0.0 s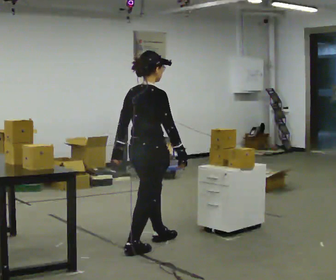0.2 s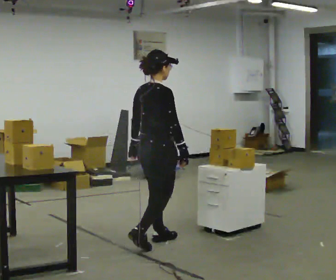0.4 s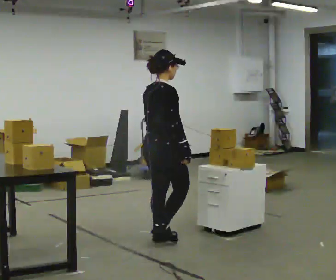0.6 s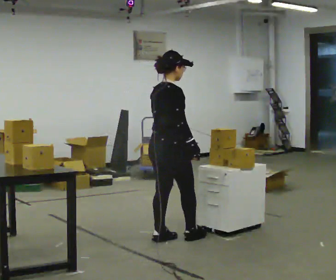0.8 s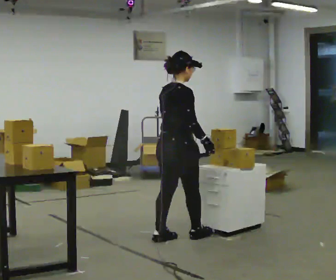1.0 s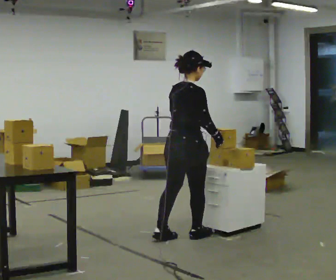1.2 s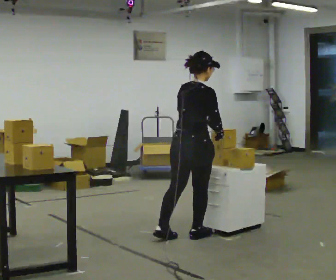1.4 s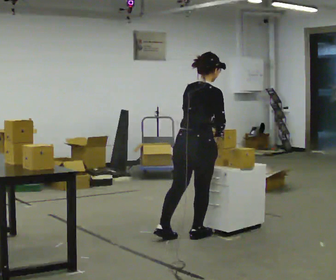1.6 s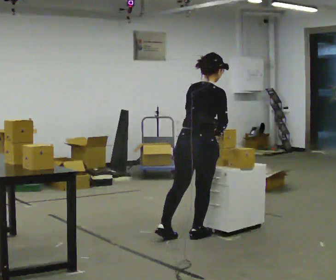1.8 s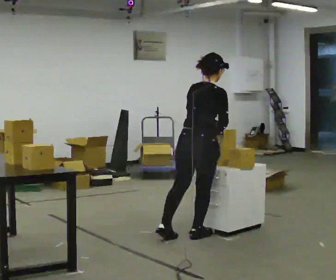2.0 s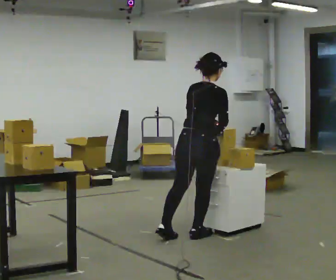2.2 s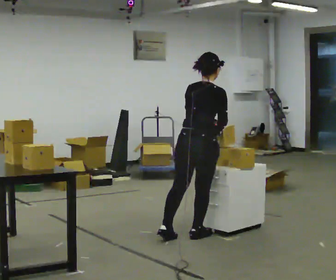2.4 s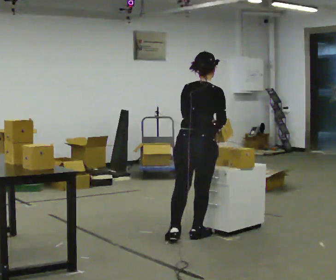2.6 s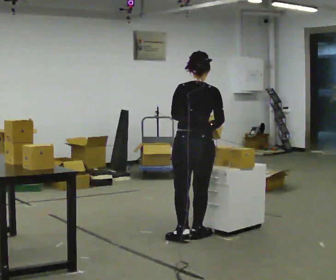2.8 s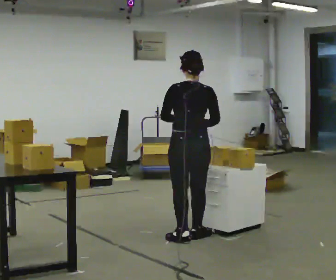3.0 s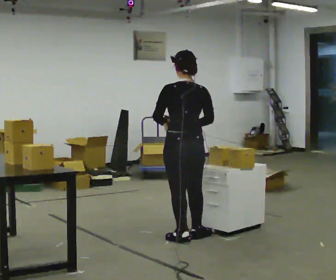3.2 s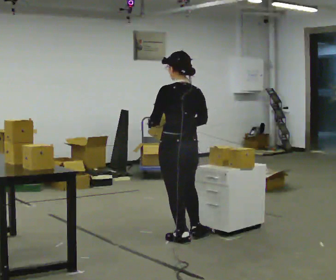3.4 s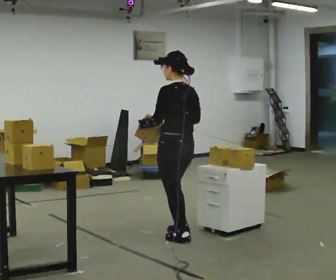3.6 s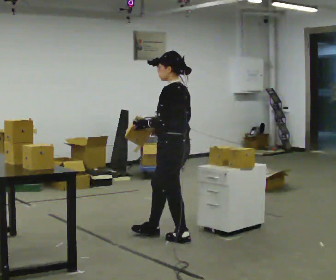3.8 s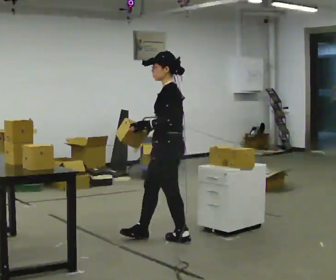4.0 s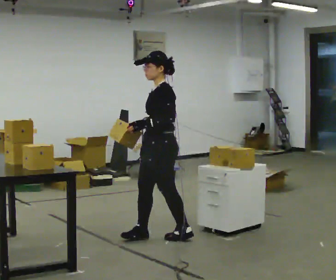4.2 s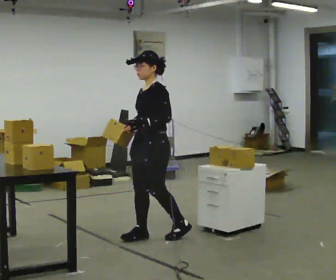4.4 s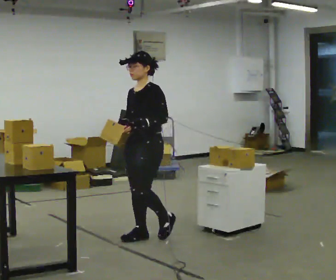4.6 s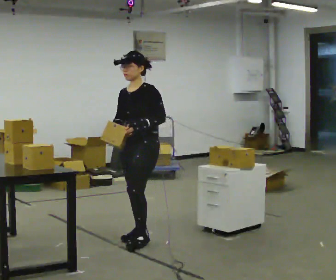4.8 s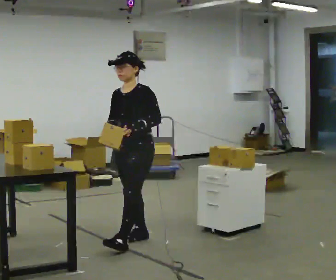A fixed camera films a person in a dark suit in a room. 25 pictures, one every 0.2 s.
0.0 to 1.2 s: In the picture they go to the right and away from the camera, about 0.5 m in 1 step, which for them is forward.
1.2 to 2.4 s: The person moves a little, or ends about where they began.
2.4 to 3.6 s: The part of the body nearest the lens slides to the right as the person turns to their left by about 90 degrees. In the picture they go to the left, about 0.25 m in 1 step. In the picture their left hand goes to the left.
3.6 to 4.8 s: The part of the body nearest the lens slides to the right as the person turns to their left by about 75 degrees. In the picture they go to the left, about 0.25 m in 1 step.
The film runs forward here.
